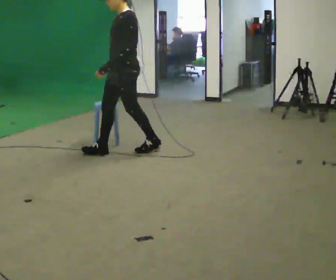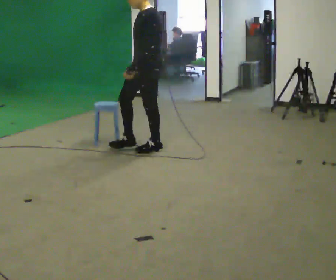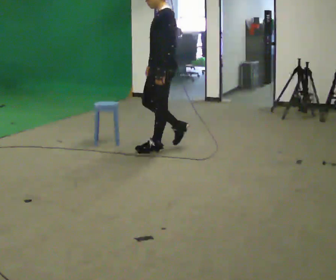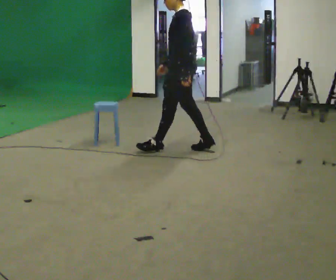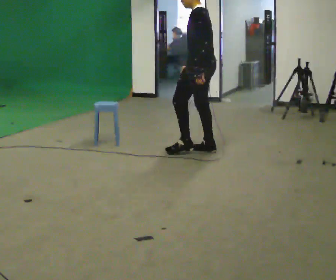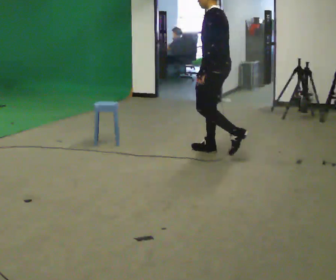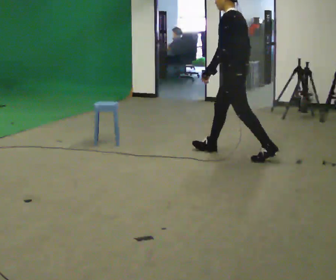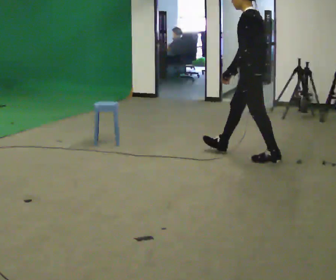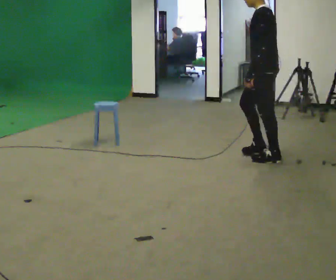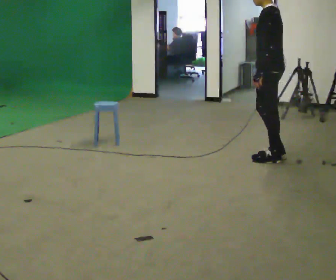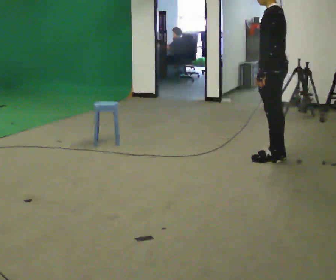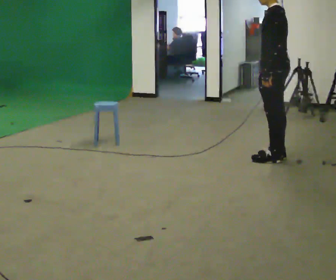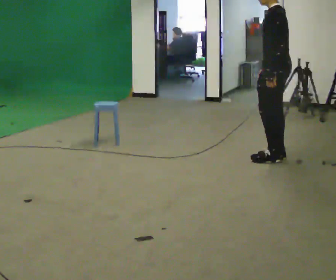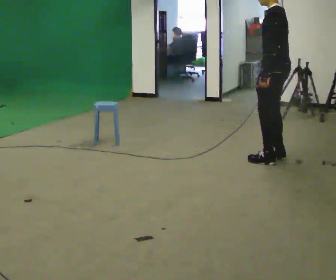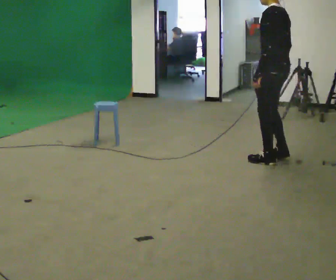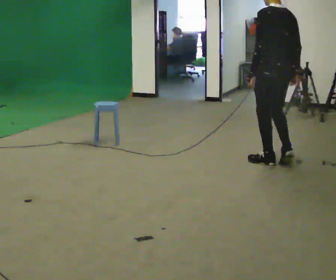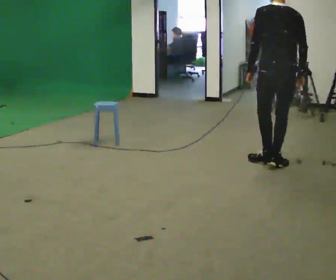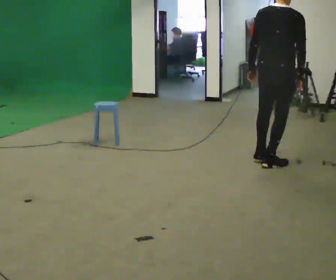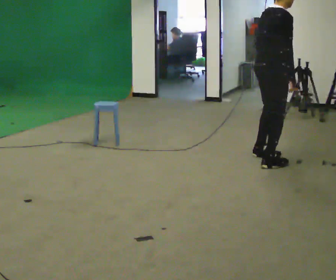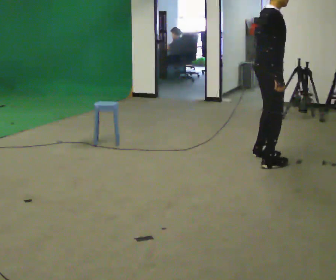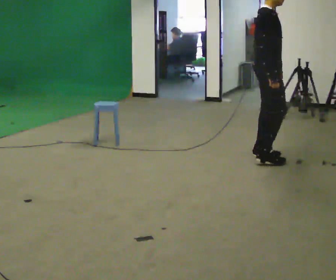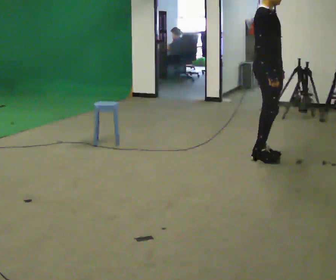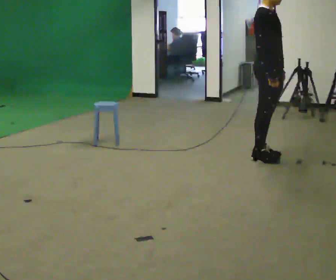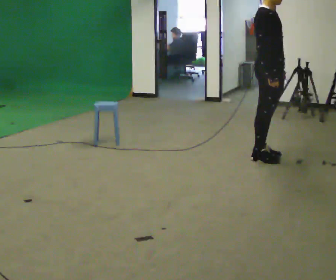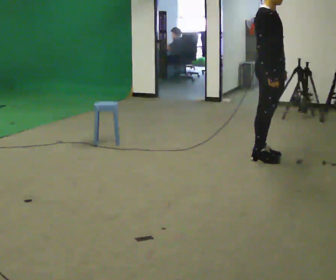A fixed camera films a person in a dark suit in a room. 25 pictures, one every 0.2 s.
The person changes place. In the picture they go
to the right.
The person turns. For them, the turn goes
to their right.
0.0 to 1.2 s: The person turns about 45 degrees to their right, clockwise seen from above, so the part of the body nearest the lens slides to the left. In the picture they go to the right, about 1 m in 2 steps, which for them is backward.
1.2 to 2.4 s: In the picture they go to the right, about 0.5 m in 1 step, which for them is backward.
2.4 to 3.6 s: The person turns about 135 degrees to their right, clockwise seen from above, so the part of the body nearest the lens slides to the left. In the picture they go toward the camera, about 0.25 m in 2 steps.
3.6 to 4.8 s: Seen from above the body turns clockwise, about 60 degrees: to their right, with its near side sliding to the left. In the picture they go away from the camera, about 0.25 m in 1 step, which for them is to their left.
The film runs backward here.
